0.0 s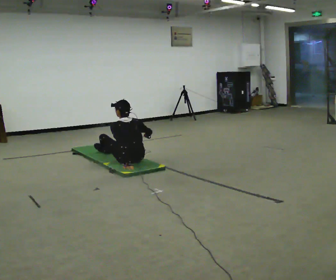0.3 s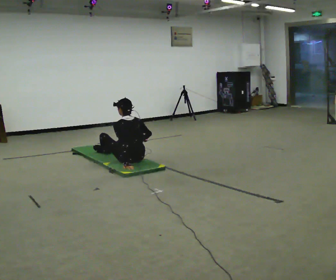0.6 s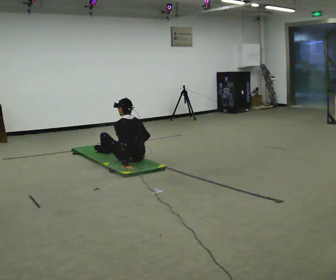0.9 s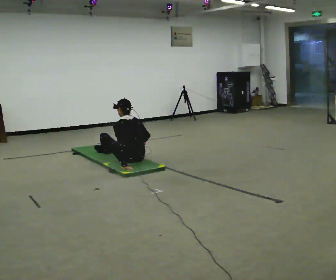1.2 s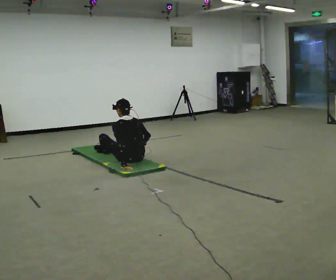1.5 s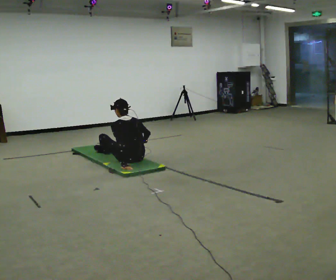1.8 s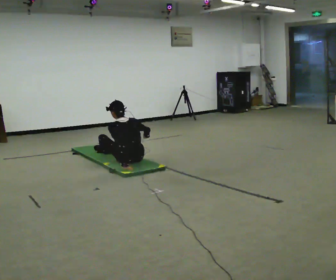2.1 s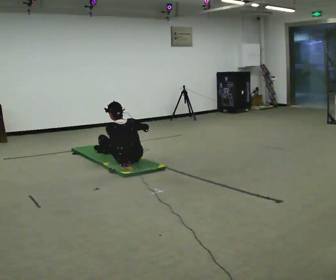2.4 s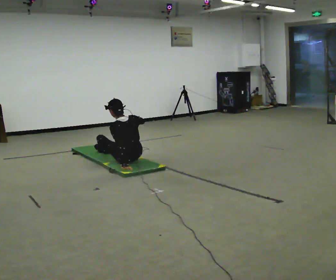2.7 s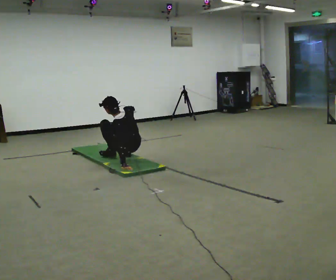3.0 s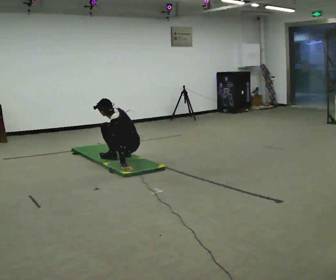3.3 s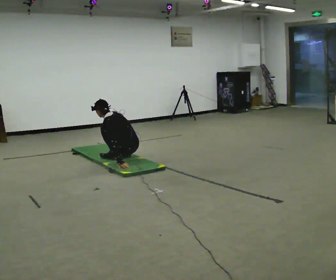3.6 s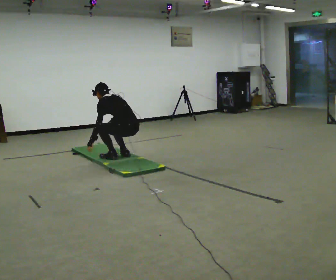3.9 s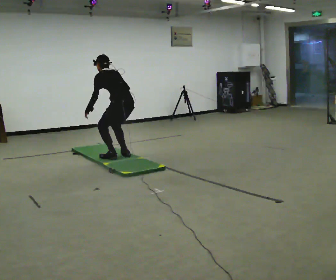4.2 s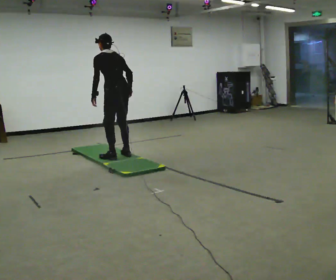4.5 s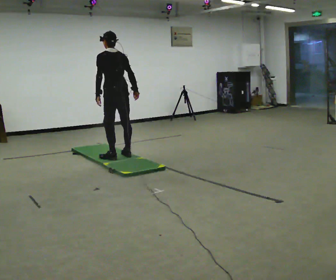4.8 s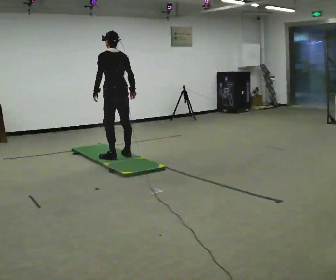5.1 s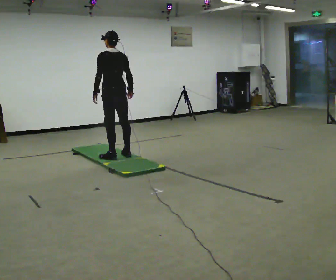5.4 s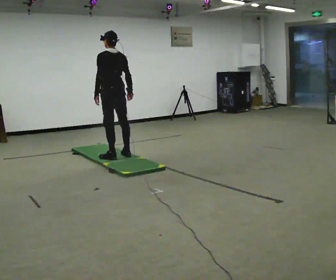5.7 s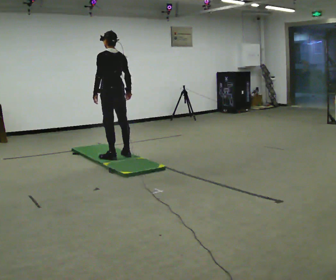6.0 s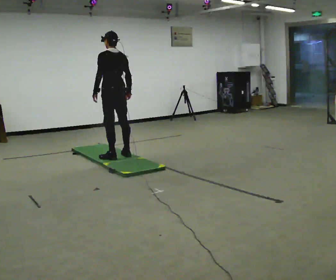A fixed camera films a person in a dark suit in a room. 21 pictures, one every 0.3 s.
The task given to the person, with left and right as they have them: From standing, sit down on the floor, then stand back up in whatever way is natural. Repeat the movement at your own pace until the operator says stop; do not rush.
0.0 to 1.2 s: The person moves a little, or ends about where they began.
1.2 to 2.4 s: The upper body tips toward the camera, its near side rolling downward, as they lean back or straighten. In the picture their right hand goes upward.
2.4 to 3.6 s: In the picture they go away from the camera, about 0.25 m in 1 step, which for them is forward. The upper body goes upward. The upper body tips away from the camera, its near side rolling upward, as they bend forward. In the picture their right hand goes to the left.
3.6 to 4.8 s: In the picture they go to the left, about 0.25 m, which for them is forward. The upper body goes upward. In the picture the upper body tilts clockwise, shoulders to the right, as they lean back or straighten. In the picture their right hand goes upward and to the right.
4.8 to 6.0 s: The person moves a little, or ends about where they began.
The film runs forward here.
